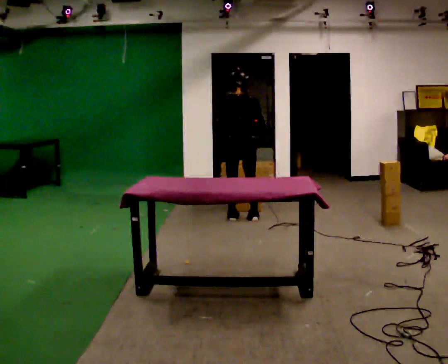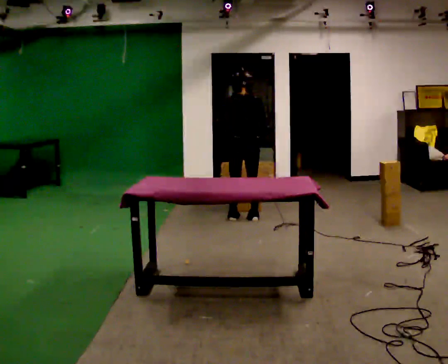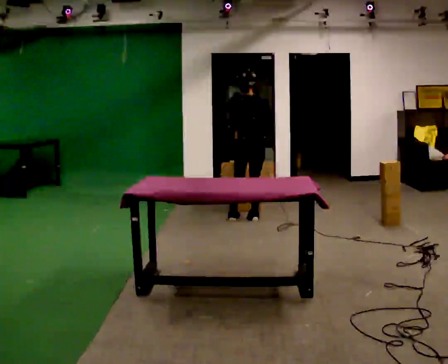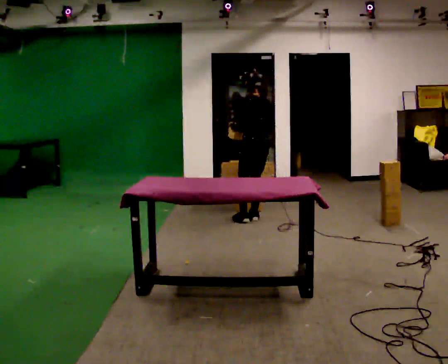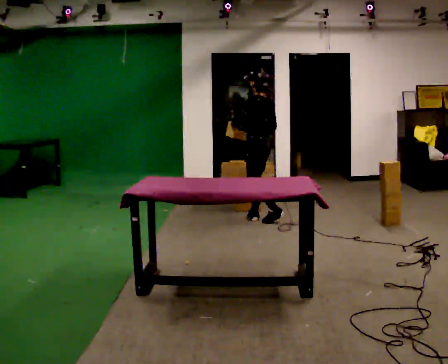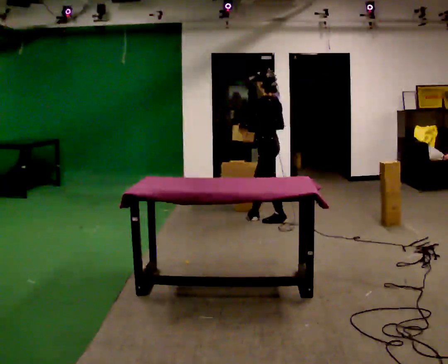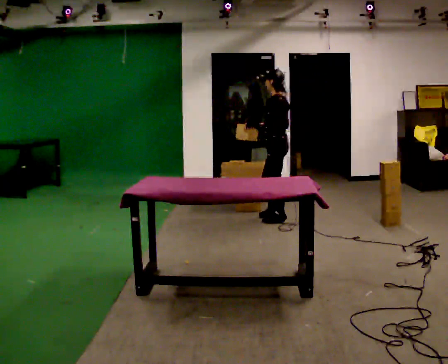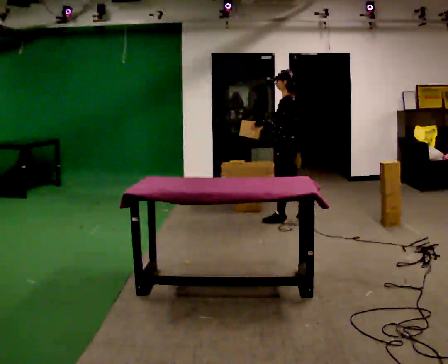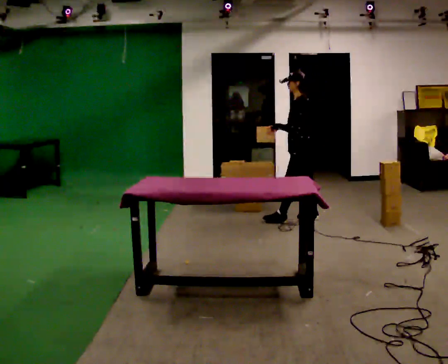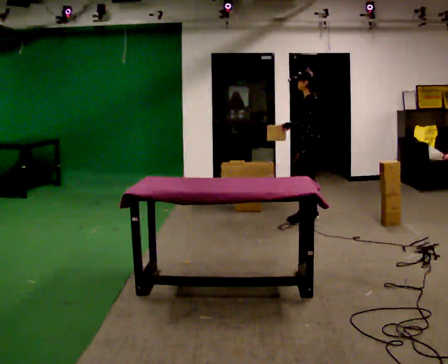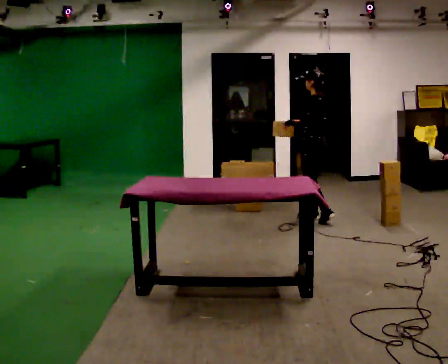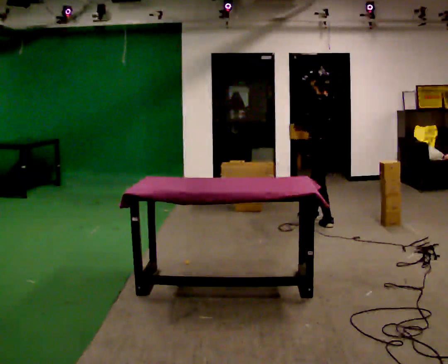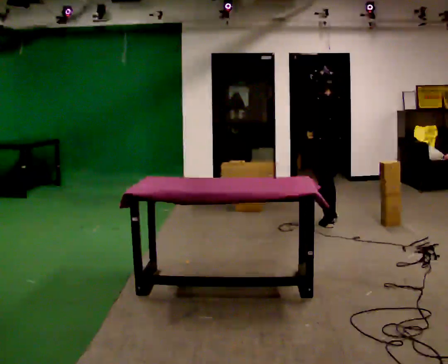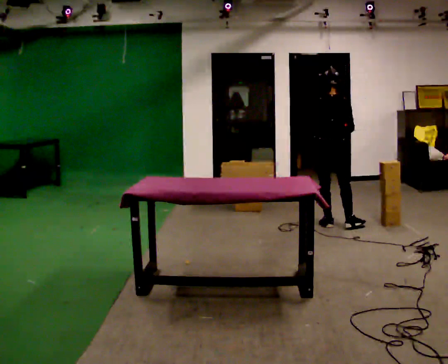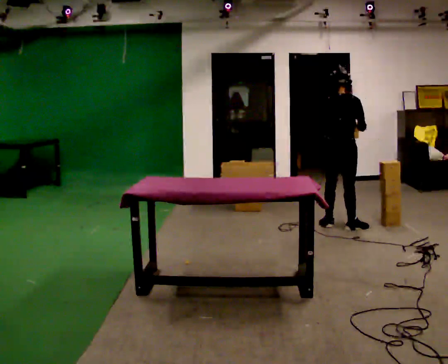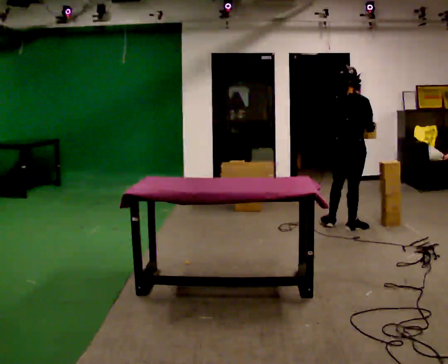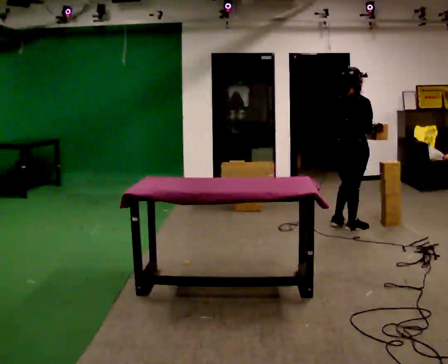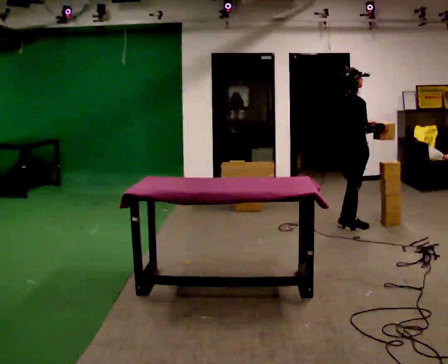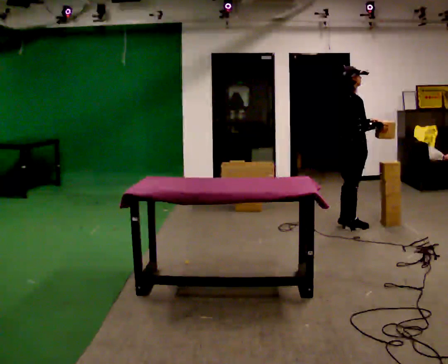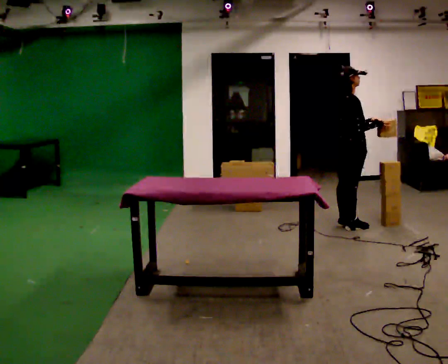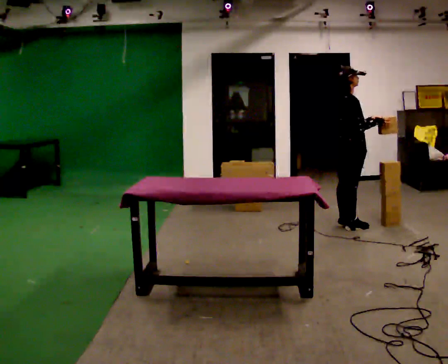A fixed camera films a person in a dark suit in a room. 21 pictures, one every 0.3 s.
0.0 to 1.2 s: The part of the body nearest the lens slides to the right as the person turns to their left by about 60 degrees. In the picture they go to the right, about 0.25 m in 1 step.
1.2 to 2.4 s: The person turns about 30 degrees to their left, counterclockwise seen from above, so the part of the body nearest the lens slides to the right. In the picture they go to the right, about 0.5 m in 1 step, which for them is backward.
2.4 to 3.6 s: The part of the body nearest the lens slides to the left as the person turns to their right by about 75 degrees. In the picture they go to the right and toward the camera, about 0.25 m in 2 steps.
3.6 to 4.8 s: The part of the body nearest the lens slides to the left as the person turns to their right by about 60 degrees. In the picture they go to the right and toward the camera, about 0.25 m.
4.8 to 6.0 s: The person turns about 45 degrees to their right, clockwise seen from above, so the part of the body nearest the lens slides to the left.
The film runs backward here.
